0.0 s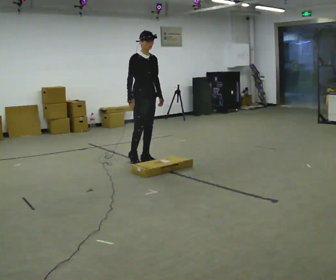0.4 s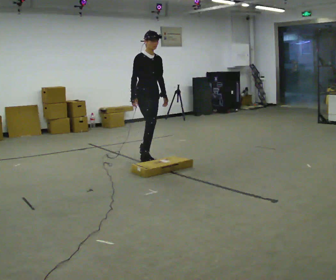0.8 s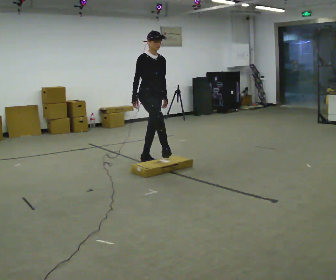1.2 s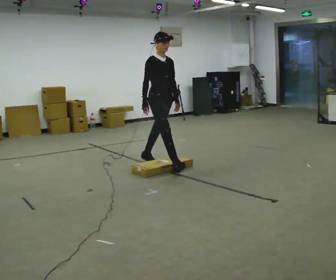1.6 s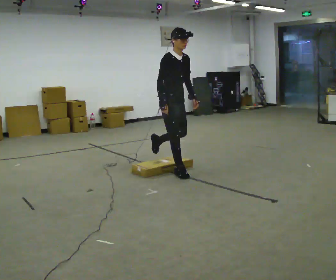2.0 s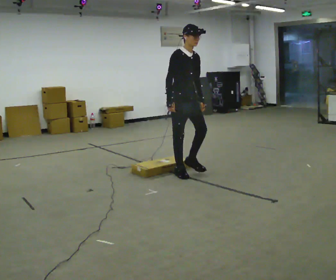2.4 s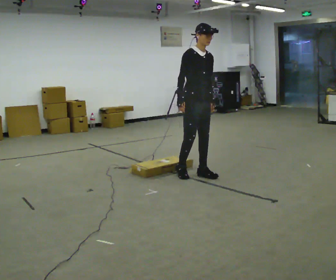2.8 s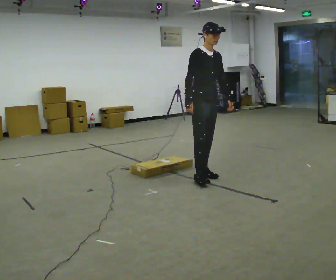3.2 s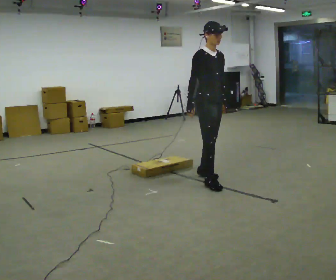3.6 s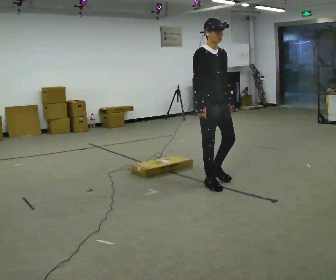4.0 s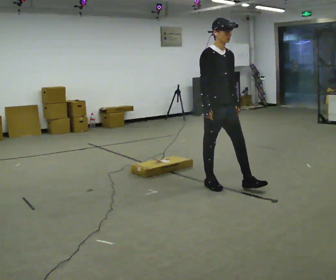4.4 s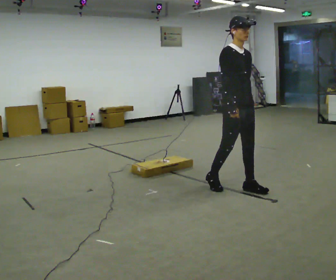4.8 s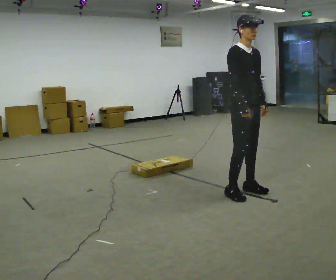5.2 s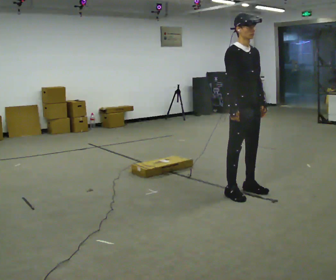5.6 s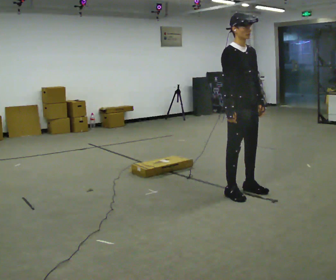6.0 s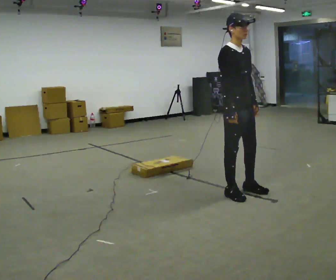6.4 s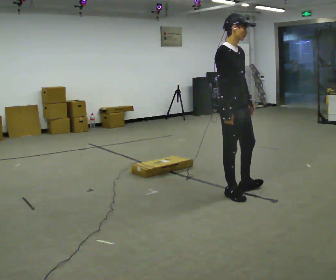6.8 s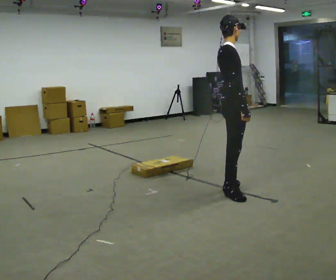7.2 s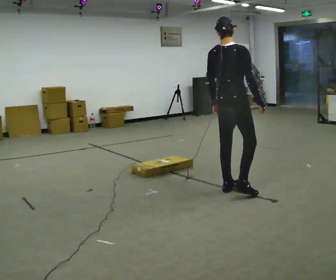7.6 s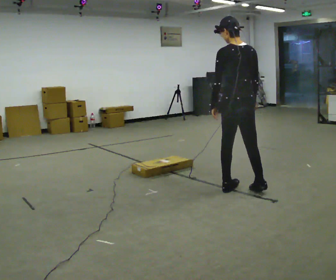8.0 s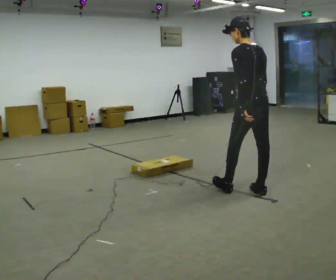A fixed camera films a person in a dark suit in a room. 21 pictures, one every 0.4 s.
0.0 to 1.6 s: In the picture they go toward the camera and to the right, about 0.75 m in 1 step, which for them is forward.
1.6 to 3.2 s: In the picture they go to the right and toward the camera, about 0.5 m in 2 steps, which for them is forward.
3.2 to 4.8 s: In the picture they go toward the camera and to the right, about 0.5 m in 2 steps, which for them is forward.
4.8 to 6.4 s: The person moves a little, or ends about where they began.
6.4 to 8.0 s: The part of the body nearest the lens slides to the right as the person turns to their left by about 150 degrees. In the picture they go to the right, about 0.25 m in 2 steps.
The film runs forward here.
